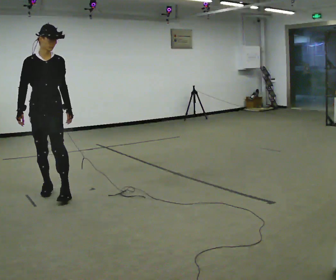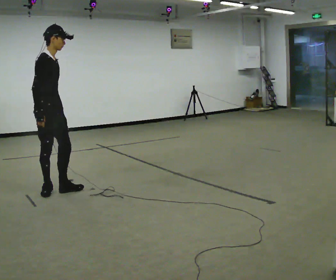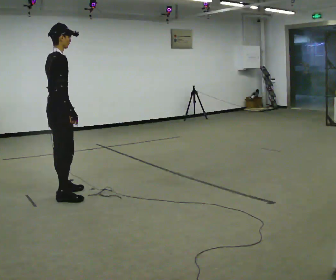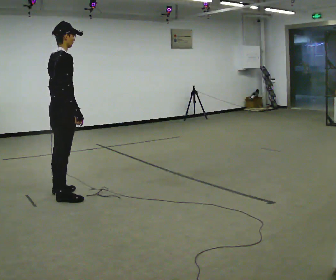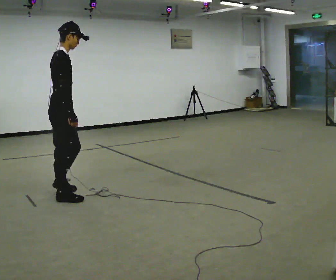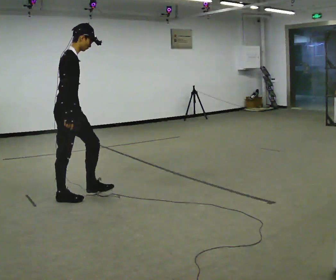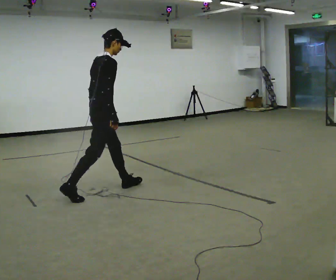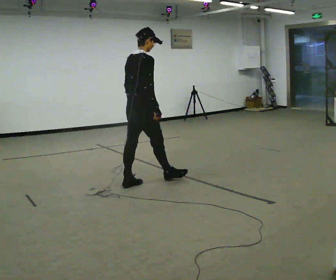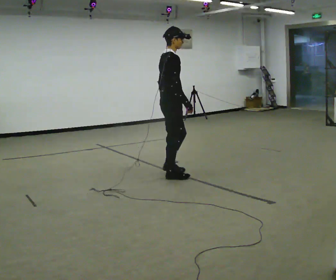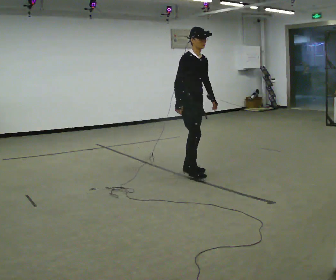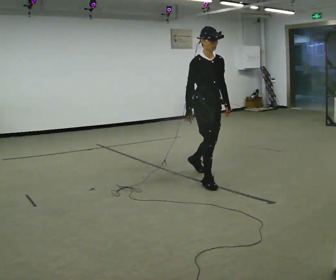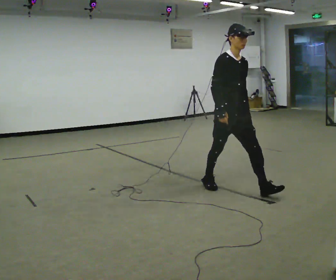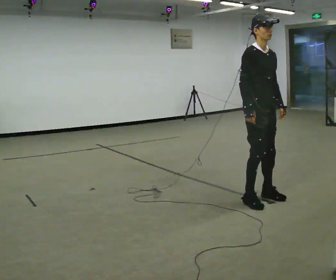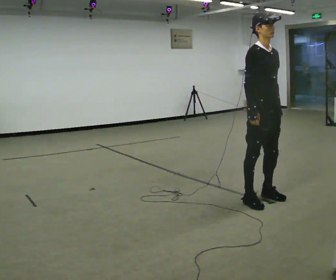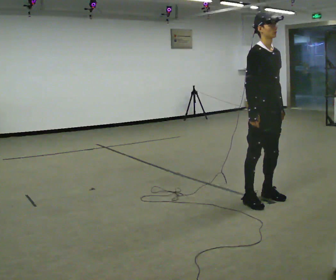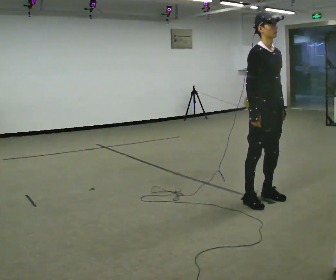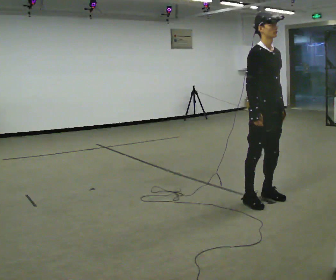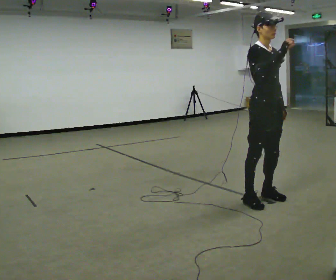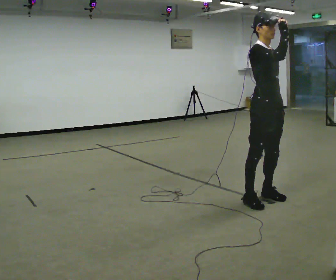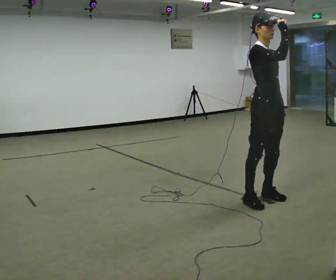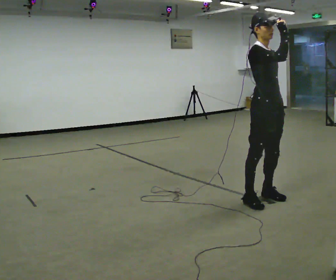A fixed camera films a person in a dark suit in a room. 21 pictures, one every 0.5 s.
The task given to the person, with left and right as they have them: Walk; turn 90° left/right; walk several steps; stop.
0.0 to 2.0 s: The person turns about 75 degrees to their left, counterclockwise seen from above, so the part of the body nearest the lens slides to the right. In the picture they go to the right and toward the camera, about 0.25 m in 2 steps.
2.0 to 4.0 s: In the picture they go to the right and away from the camera, about 1.5 m in 2 steps, which for them is forward.
4.0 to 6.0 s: The person turns about 60 degrees to their right, clockwise seen from above, so the part of the body nearest the lens slides to the left. In the picture they go to the right and toward the camera, about 1 m in 4 steps.
6.0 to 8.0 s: The person moves a little, or ends about where they began.
8.0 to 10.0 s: In the picture their right hand goes upward.
The film runs forward here.
